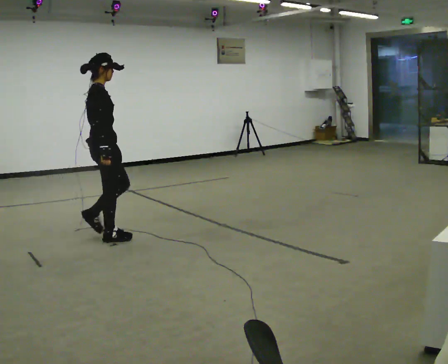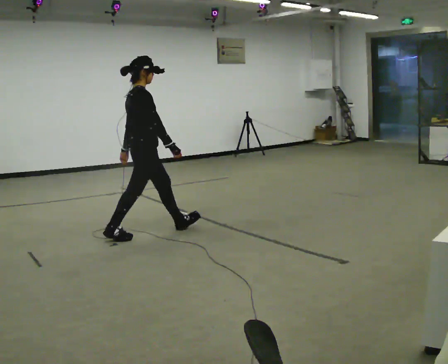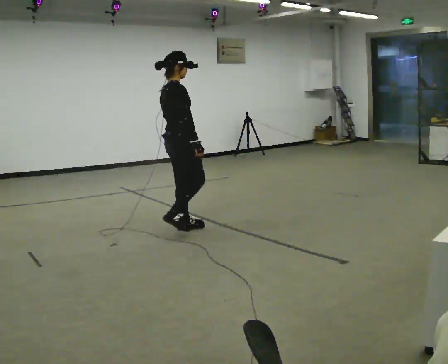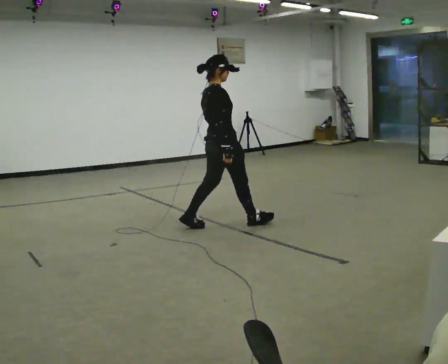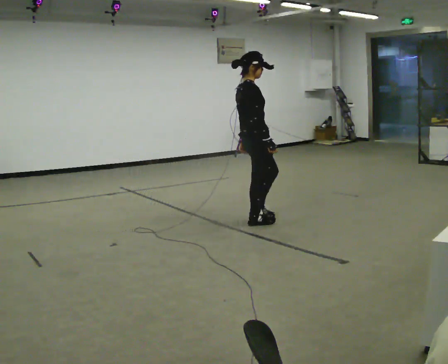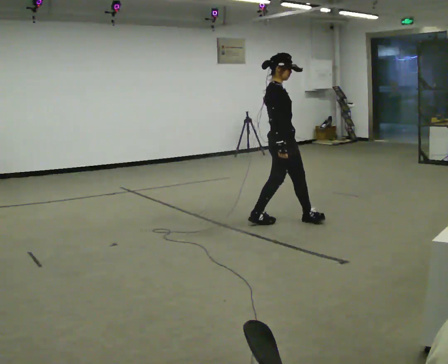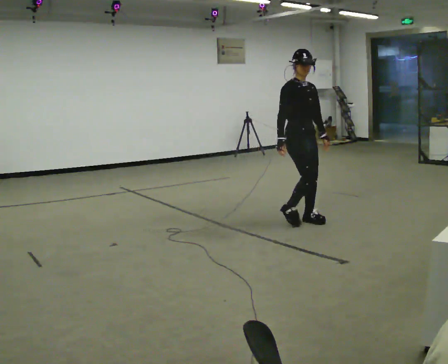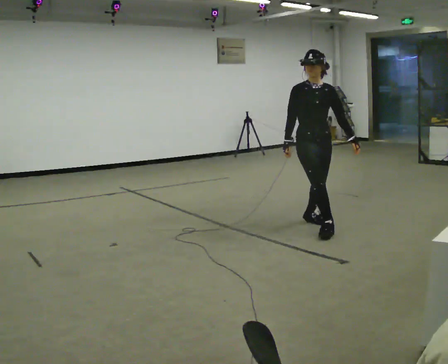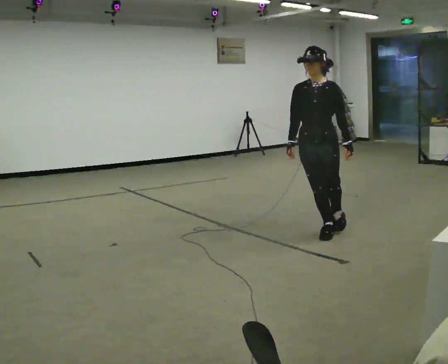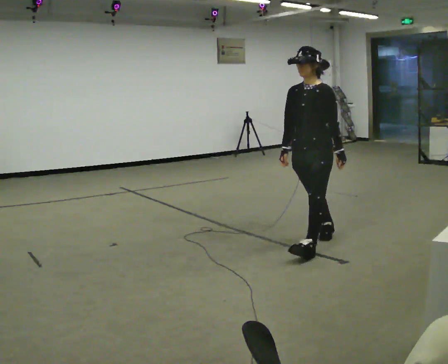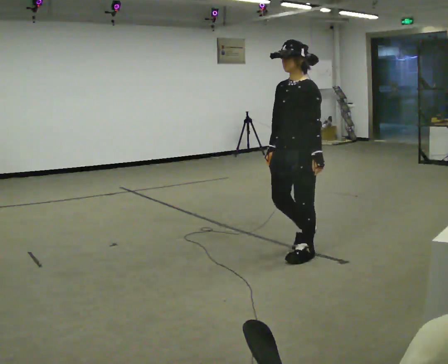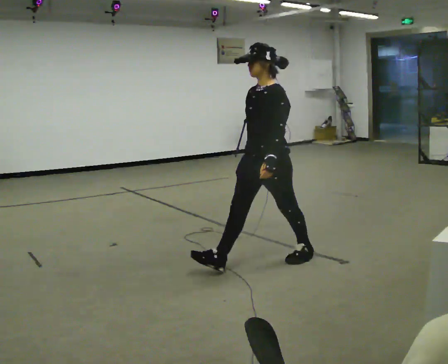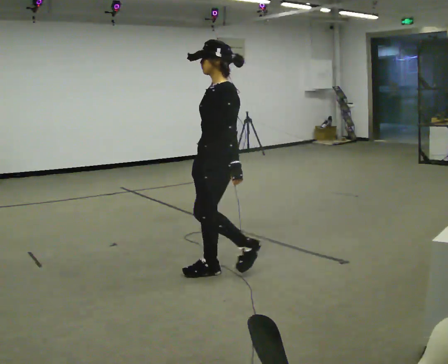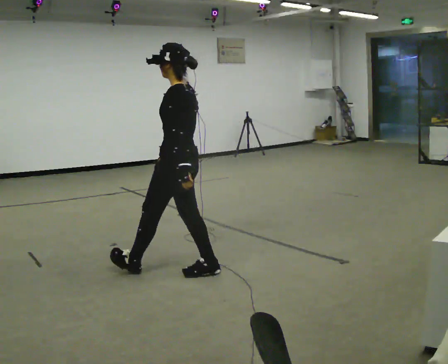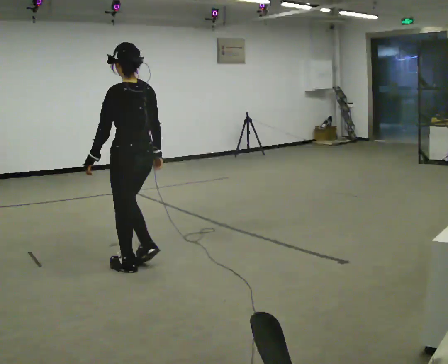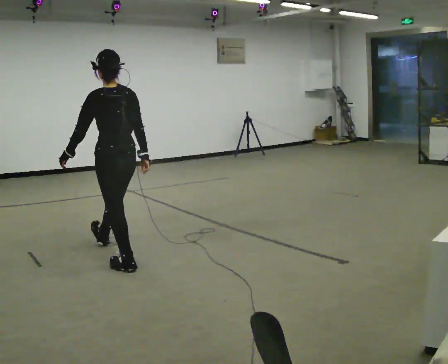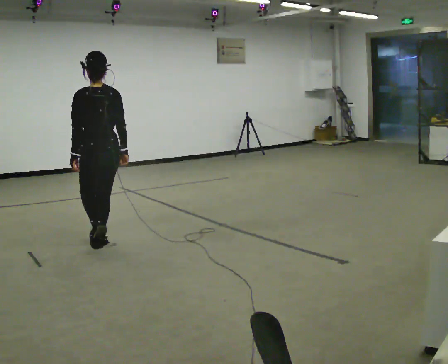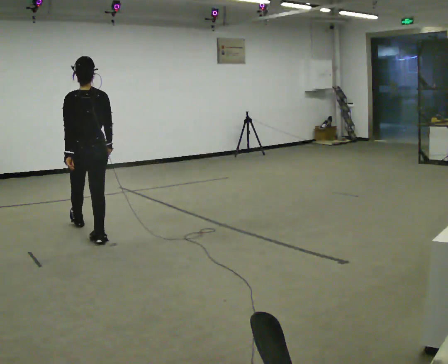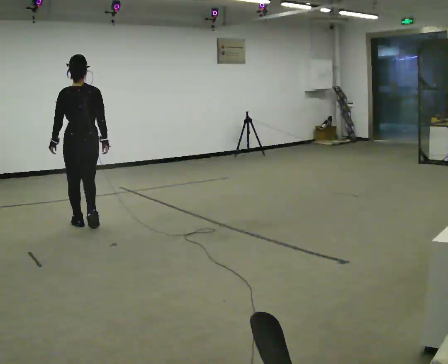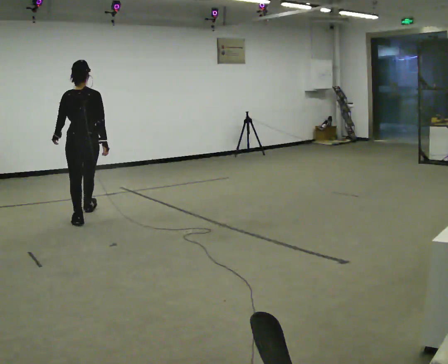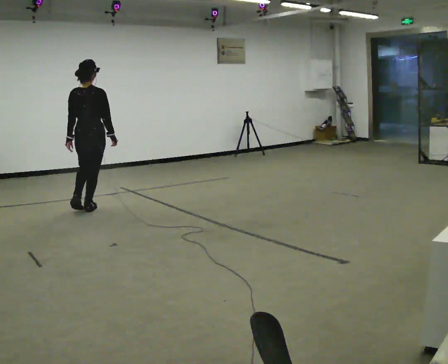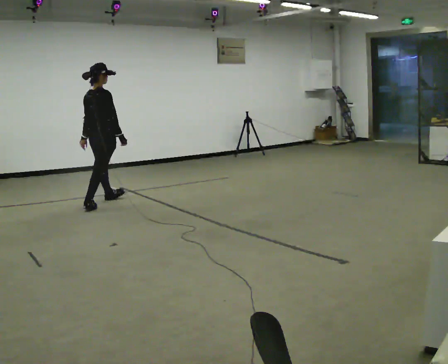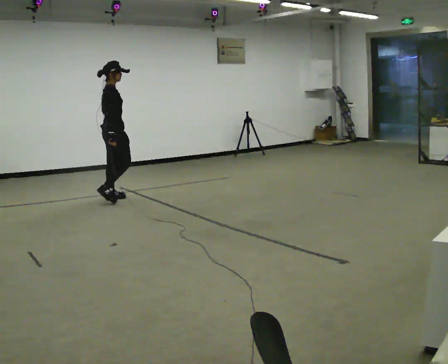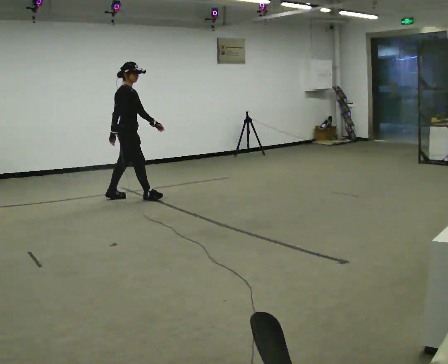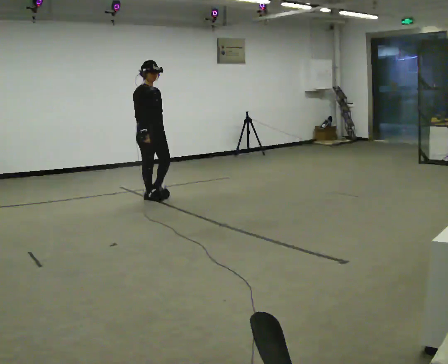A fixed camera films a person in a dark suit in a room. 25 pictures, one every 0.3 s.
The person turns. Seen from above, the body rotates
clockwise.
The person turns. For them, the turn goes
to their right.
0.0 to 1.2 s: In the picture they go to the right, about 1.5 m in 2 steps, which for them is forward.
1.2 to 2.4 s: The person turns about 120 degrees to their right, clockwise seen from above, so the part of the body nearest the lens slides to the left. In the picture they go to the right and toward the camera, about 0.75 m in 2 steps.
2.4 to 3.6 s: Seen from above the body turns clockwise, about 60 degrees: to their right, with its near side sliding to the left. In the picture they go to the left and toward the camera, about 1 m in 2 steps, which for them is forward.
3.6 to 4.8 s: The part of the body nearest the lens slides to the left as the person turns to their right by about 75 degrees. In the picture they go to the left and away from the camera, about 1 m in 2 steps.
4.8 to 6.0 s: Seen from above the body turns clockwise, about 30 degrees: to their right, with its near side sliding to the left. In the picture they go away from the camera, about 1.5 m in 2 steps, which for them is forward.
6.0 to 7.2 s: The person turns about 120 degrees to their right, clockwise seen from above, so the part of the body nearest the lens slides to the left. In the picture they go to the right and away from the camera, about 0.5 m in 2 steps.
The film runs forward here.
